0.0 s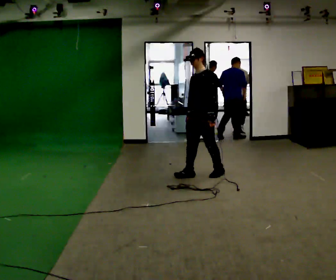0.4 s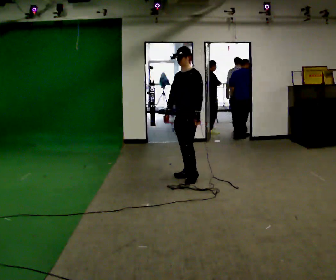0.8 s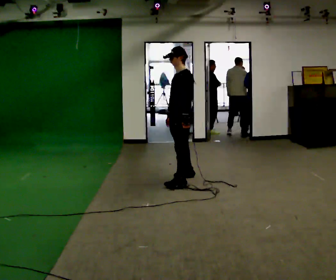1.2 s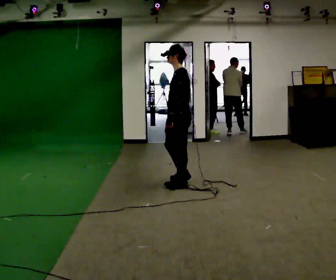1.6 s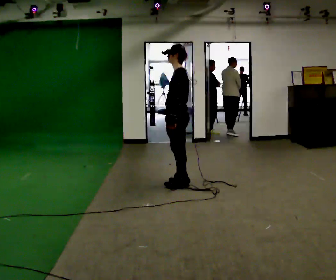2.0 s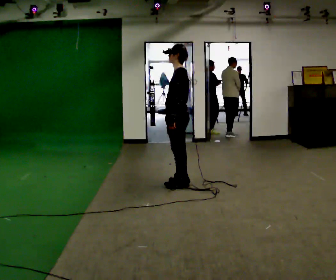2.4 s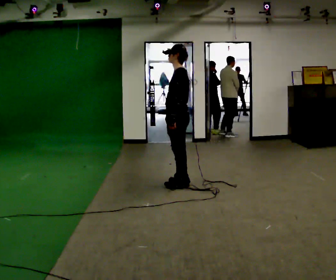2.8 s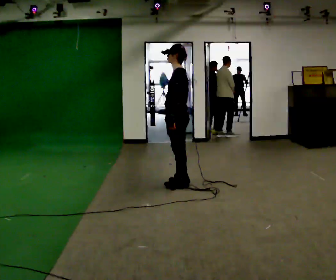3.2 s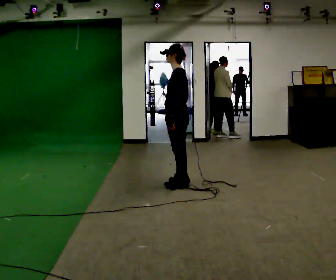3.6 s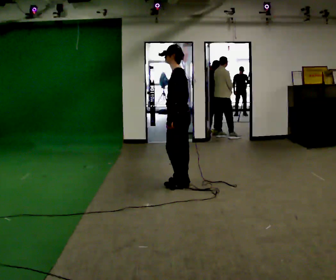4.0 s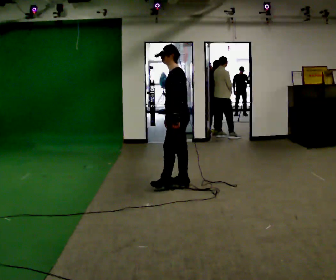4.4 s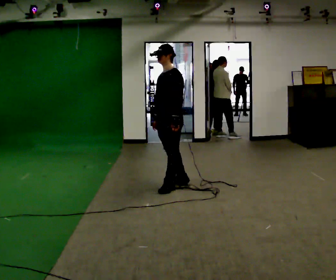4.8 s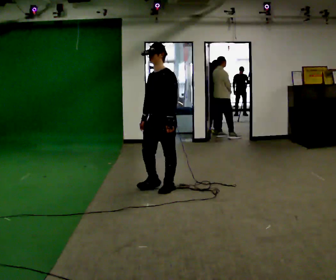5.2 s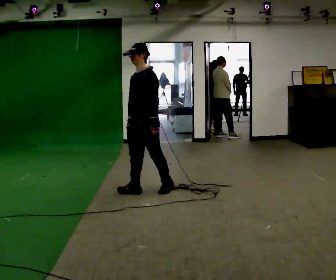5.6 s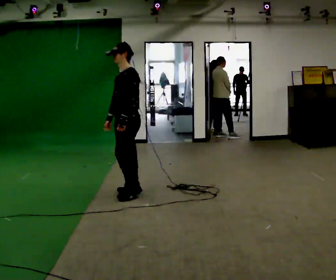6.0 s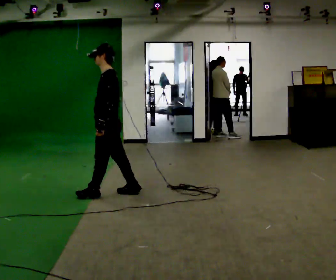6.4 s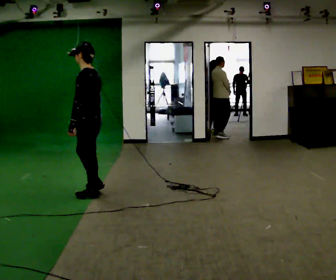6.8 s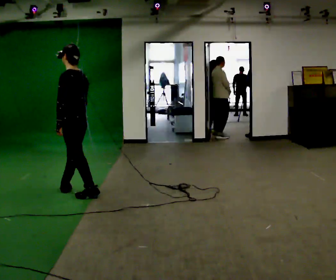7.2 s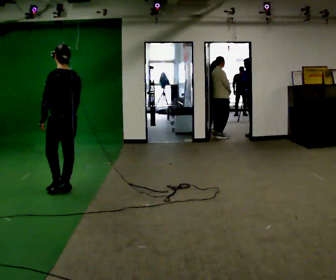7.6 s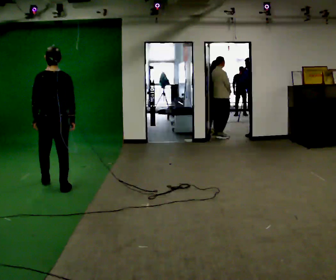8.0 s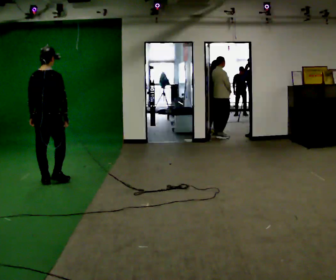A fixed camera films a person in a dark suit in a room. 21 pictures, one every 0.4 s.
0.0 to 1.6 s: The part of the body nearest the lens slides to the left as the person turns to their right by about 45 degrees. In the picture they go toward the camera and to the left, about 0.5 m in 2 steps, which for them is forward and to their left.
1.6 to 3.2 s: The person moves a little, or ends about where they began.
3.2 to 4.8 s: The part of the body nearest the lens slides to the right as the person turns to their left by about 45 degrees. In the picture they go toward the camera and to the left, about 0.25 m in 1 step, which for them is forward and to their left.
4.8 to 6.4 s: Seen from above the body turns clockwise, about 45 degrees: to their right, with its near side sliding to the left. In the picture they go to the left and toward the camera, about 1 m in 2 steps, which for them is forward.
6.4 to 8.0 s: The person turns about 90 degrees to their right, clockwise seen from above, so the part of the body nearest the lens slides to the left. In the picture they go to the left and away from the camera, about 0.5 m in 2 steps.
The film runs forward here.
